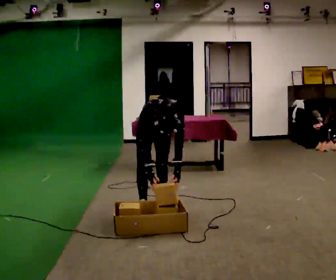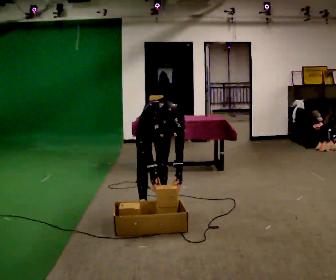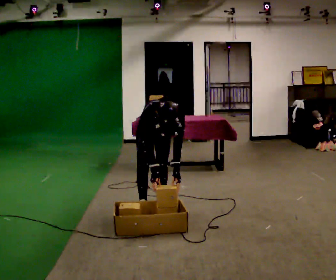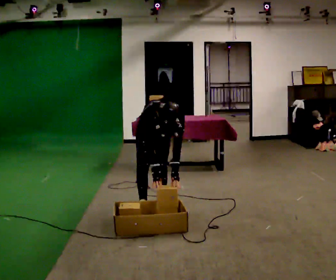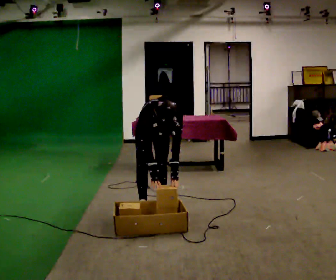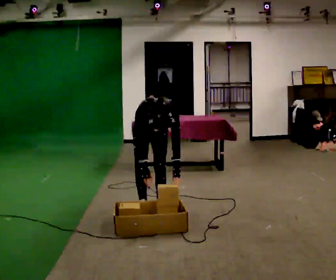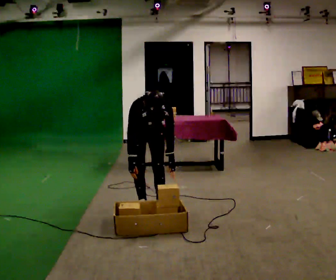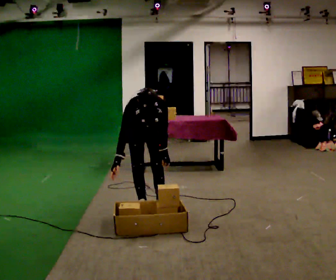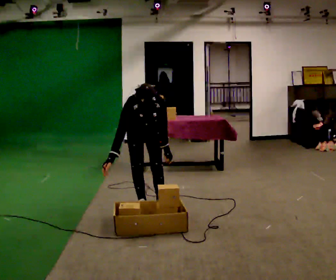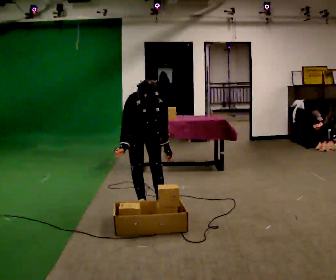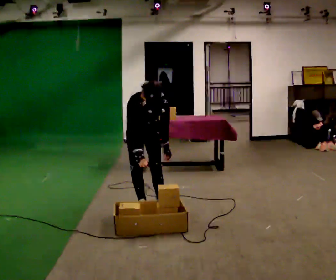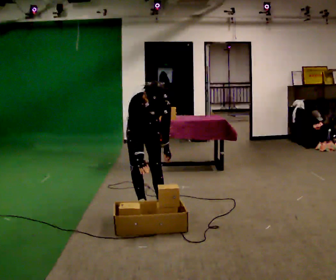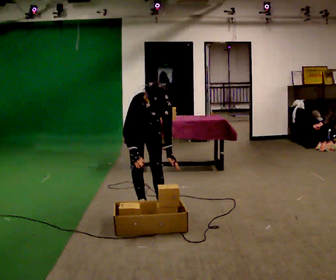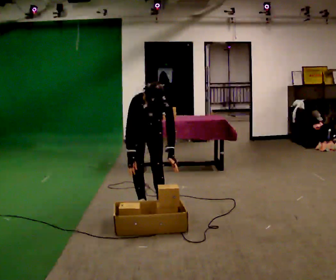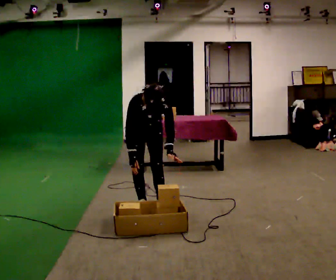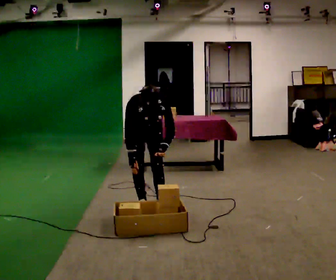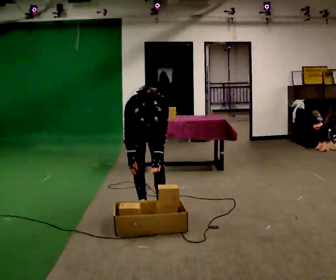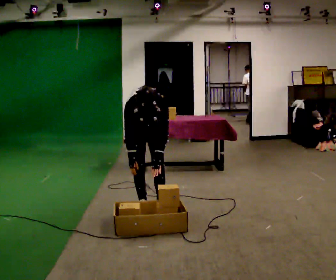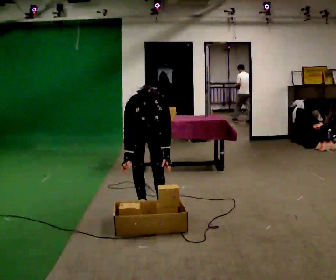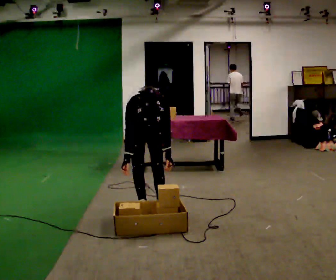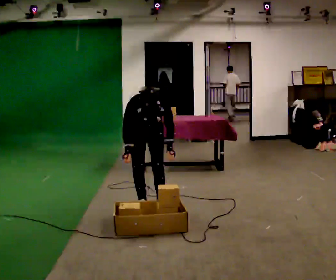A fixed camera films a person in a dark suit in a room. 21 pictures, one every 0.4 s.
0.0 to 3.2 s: The person moves a little, or ends about where they began.
3.2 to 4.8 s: In the picture the upper body tilts clockwise, shoulders to the right.
4.8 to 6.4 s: In the picture the upper body tilts counterclockwise, shoulders to the left.
6.4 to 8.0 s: The person moves a little, or ends about where they began.
The film runs forward here.
